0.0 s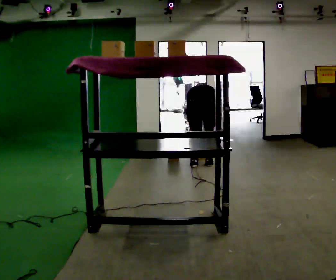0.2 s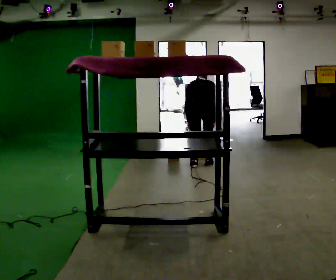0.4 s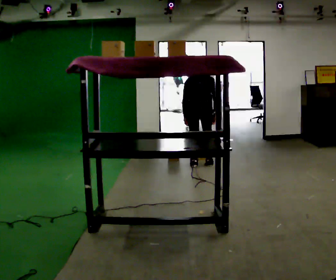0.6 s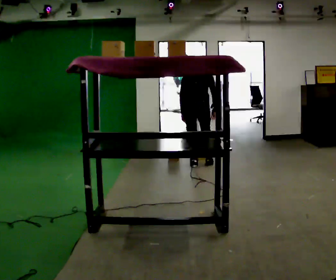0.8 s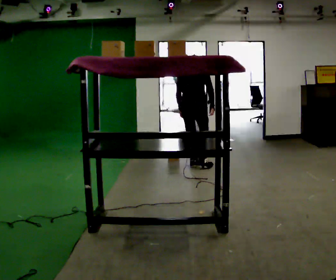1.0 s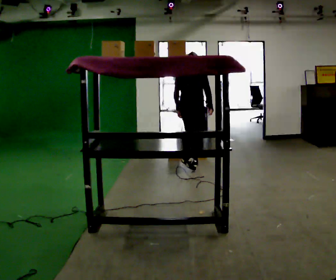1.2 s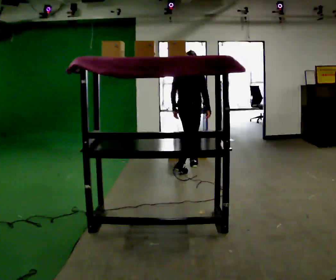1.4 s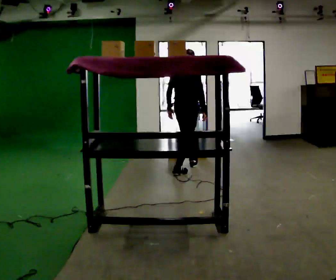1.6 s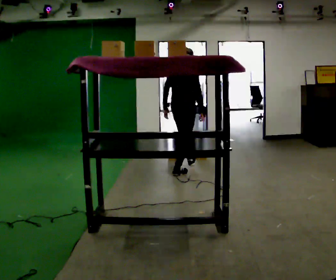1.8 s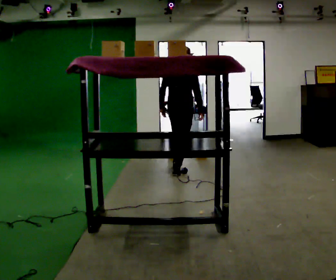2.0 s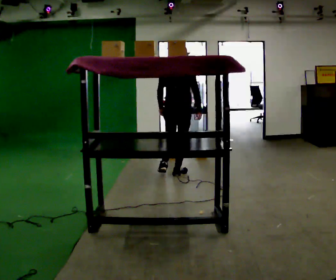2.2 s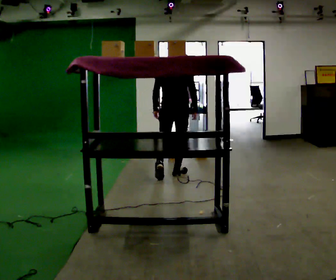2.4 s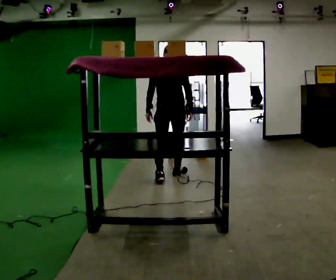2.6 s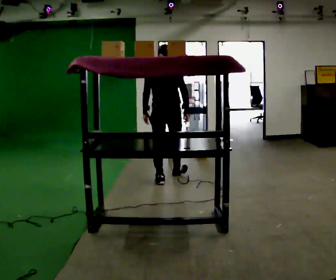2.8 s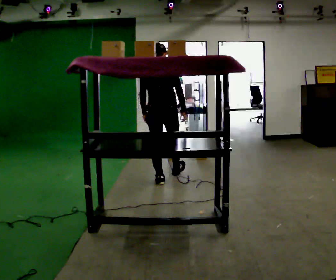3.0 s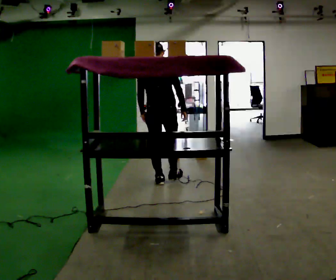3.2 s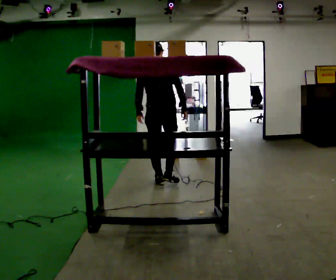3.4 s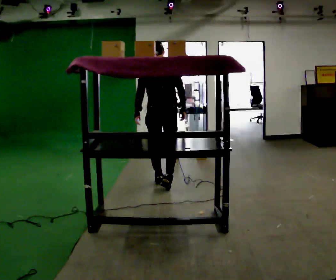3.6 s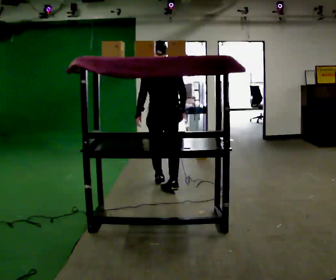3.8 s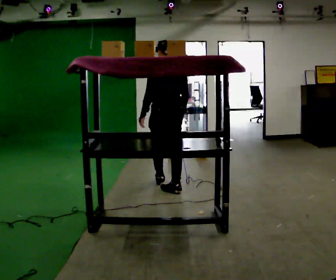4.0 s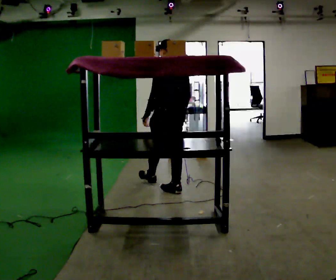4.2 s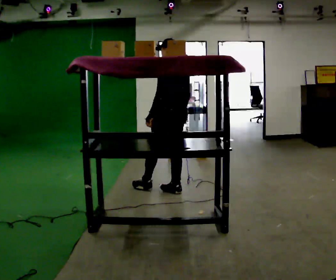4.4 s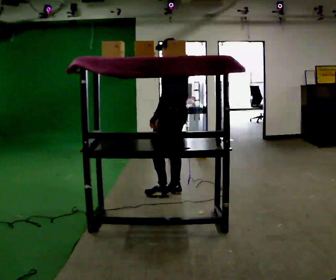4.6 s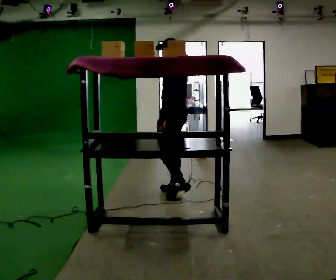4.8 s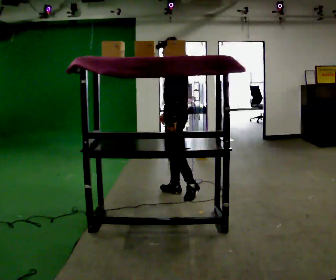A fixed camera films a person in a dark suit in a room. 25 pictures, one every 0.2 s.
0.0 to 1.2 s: The person turns about 30 degrees to their right, clockwise seen from above, so the part of the body nearest the lens slides to the left. In the picture they go to the left, about 0.25 m in 1 step, which for them is to their left and backward. The shoulders move upward. The upper body tips toward the camera, its near side rolling downward, as they lean back or straighten. In the picture their right hand goes upward.
1.2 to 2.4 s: The person turns about 30 degrees to their left, counterclockwise seen from above, so the part of the body nearest the lens slides to the right. In the picture they go toward the camera and to the left, about 0.5 m in 1 step, which for them is backward.
2.4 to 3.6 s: In the picture they go toward the camera, about 0.5 m in 1 step, which for them is backward.
3.6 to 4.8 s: The person turns about 90 degrees to their left, counterclockwise seen from above, so the part of the body nearest the lens slides to the right. In the picture they go toward the camera, about 0.25 m in 1 step.
The film runs backward here.
